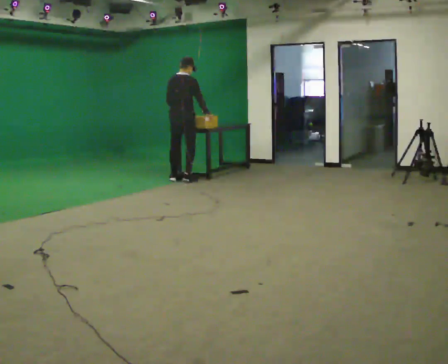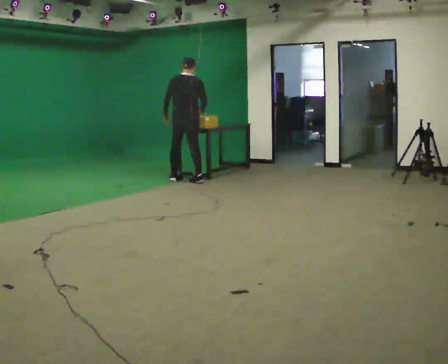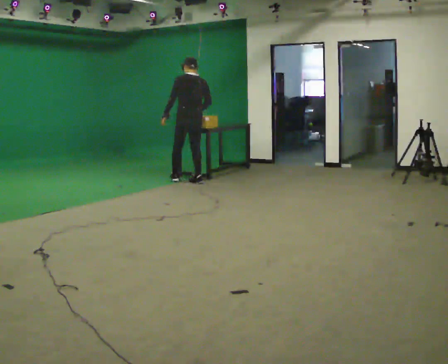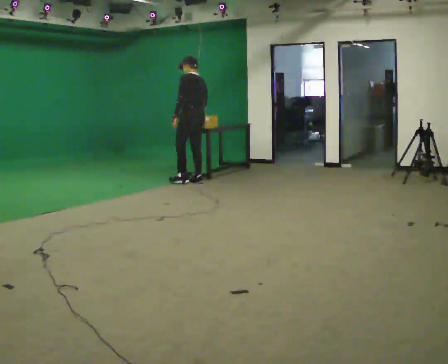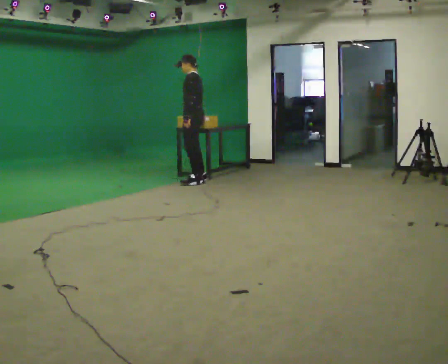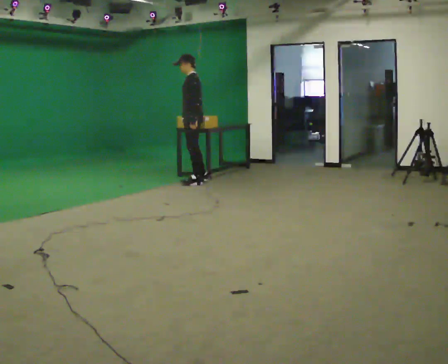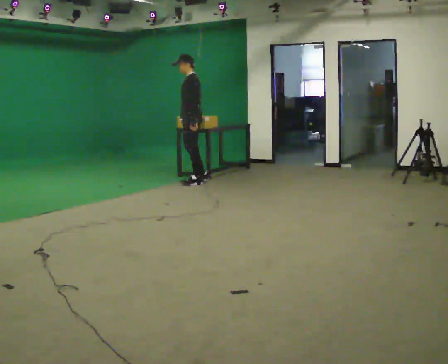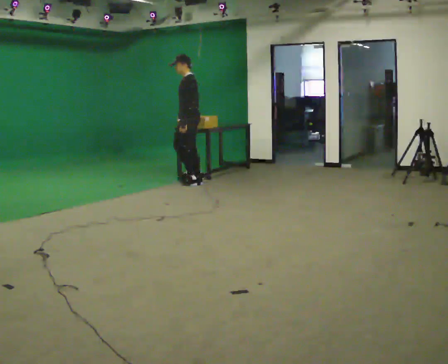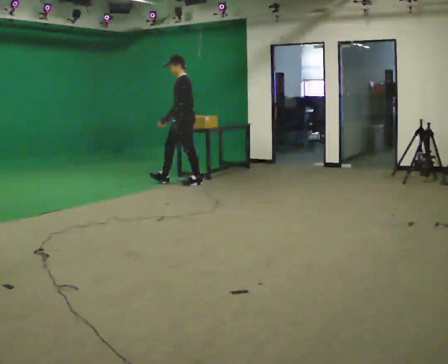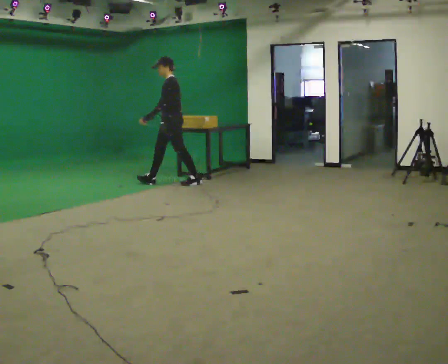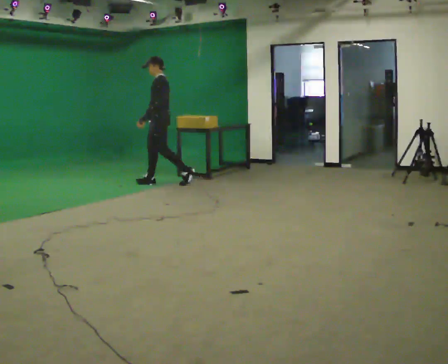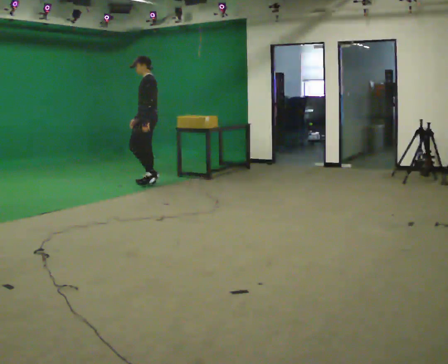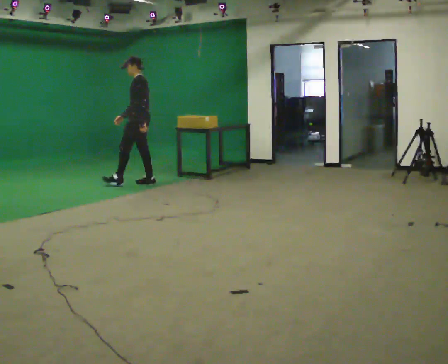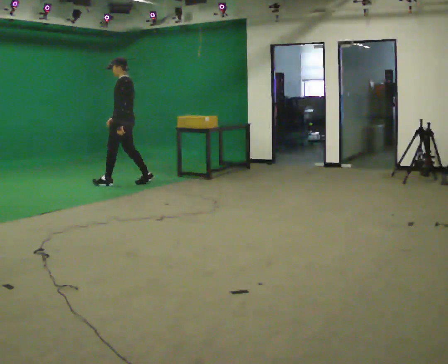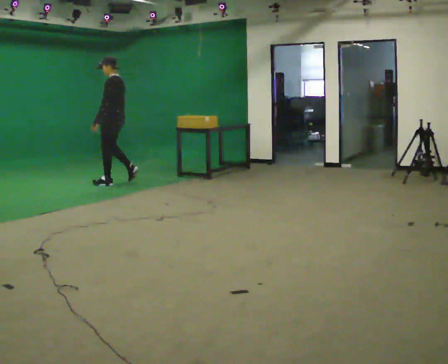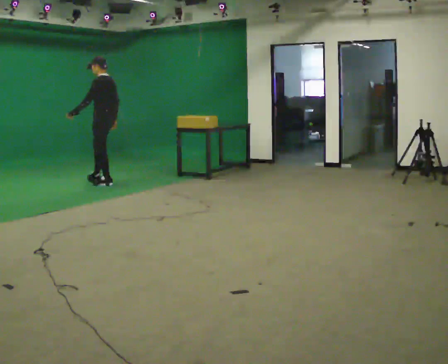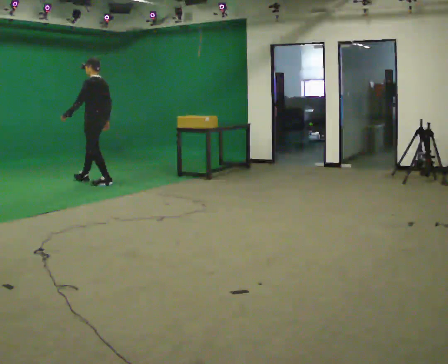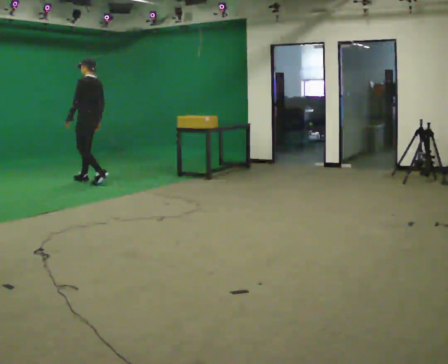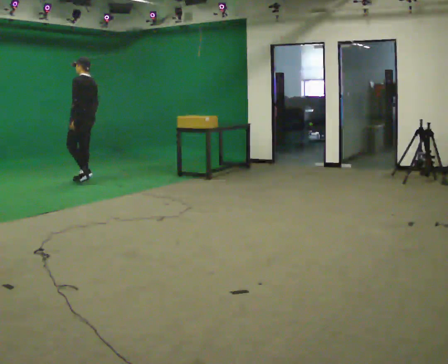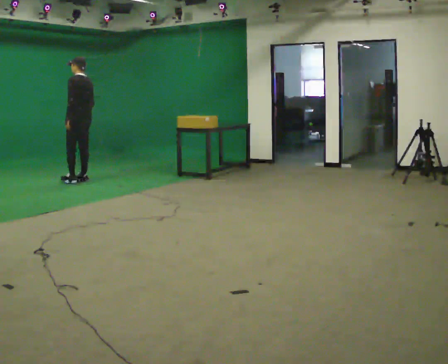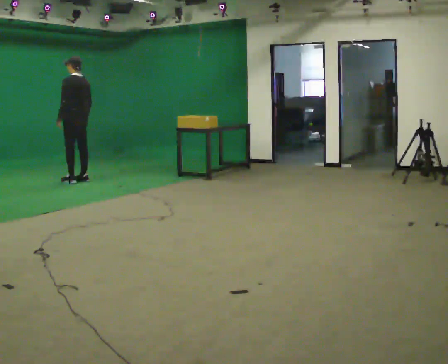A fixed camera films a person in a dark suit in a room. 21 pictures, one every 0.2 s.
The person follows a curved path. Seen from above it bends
clockwise.
The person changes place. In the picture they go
to the left.
0.0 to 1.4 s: Seen from above the body turns counterclockwise, about 120 degrees: to their left, with its near side sliding to the right. In the picture they go toward the camera, about 0.25 m in 2 steps.
1.4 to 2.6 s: In the picture they go to the left, about 1 m in 2 steps, which for them is forward.
2.6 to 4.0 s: In the picture they go to the left, about 0.75 m in 2 steps, which for them is forward.
The film runs forward here.
